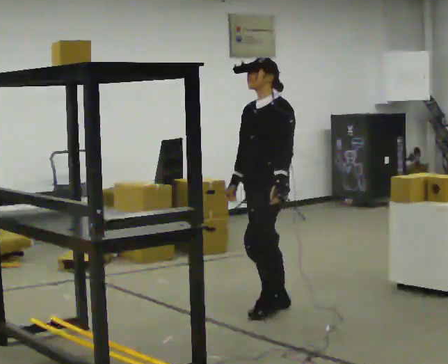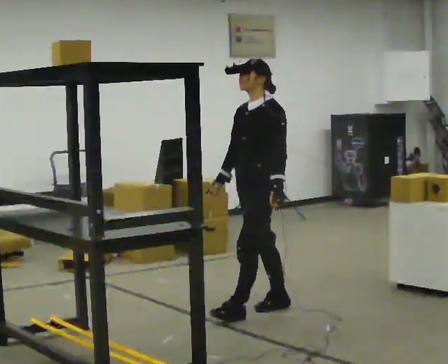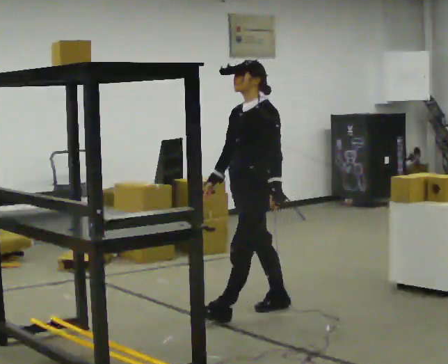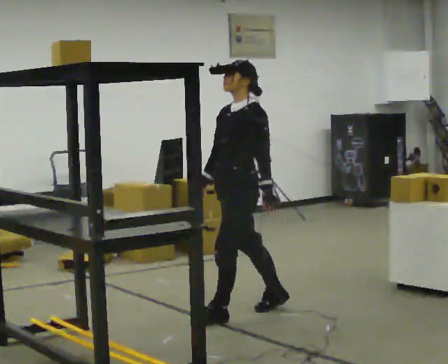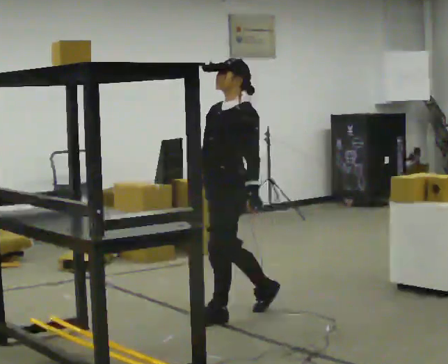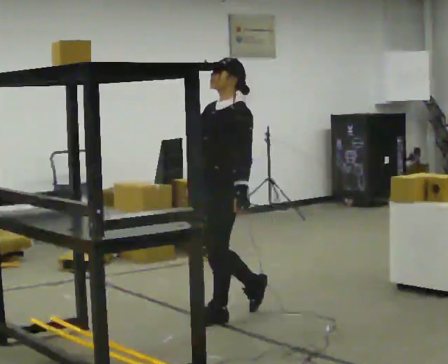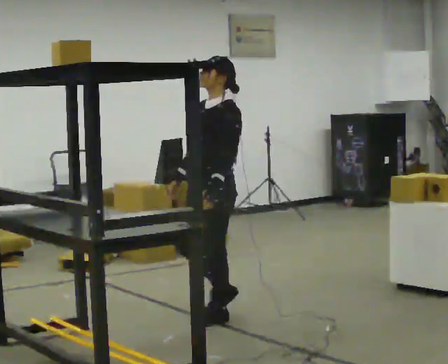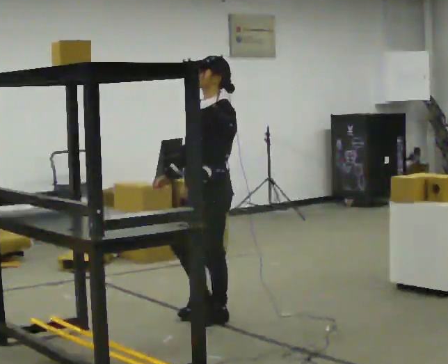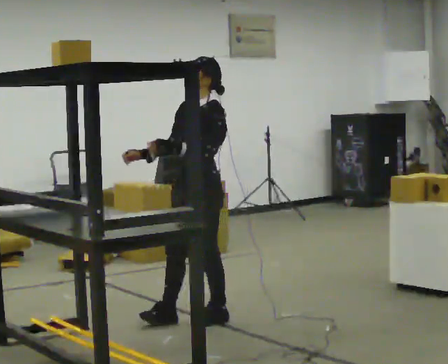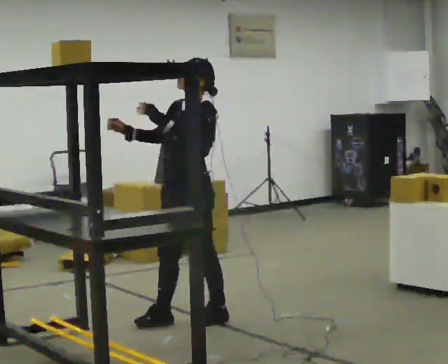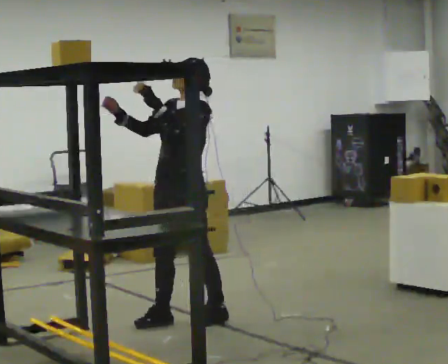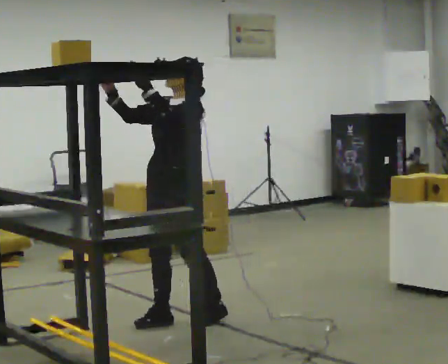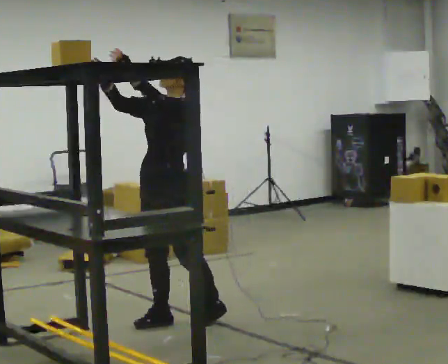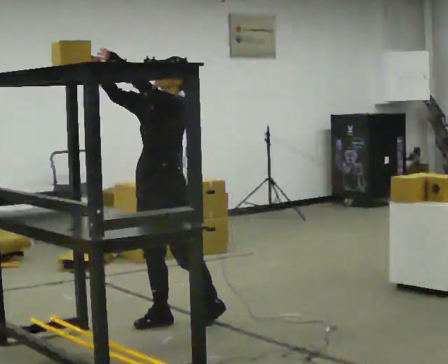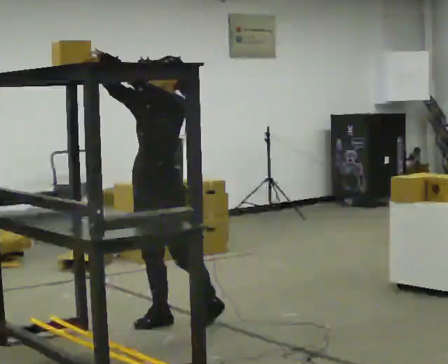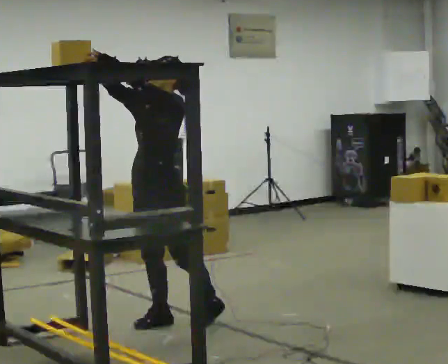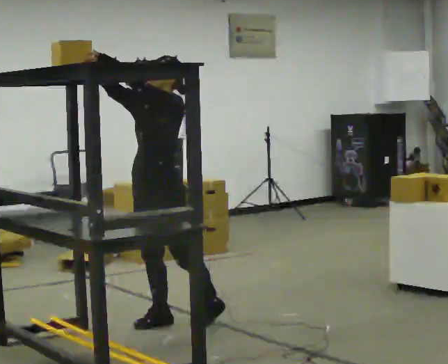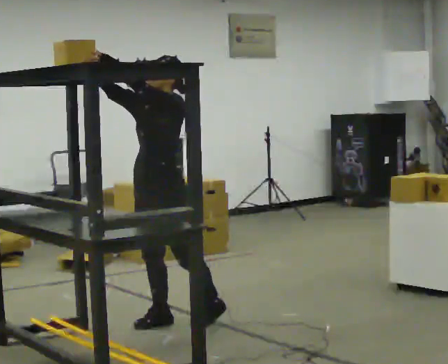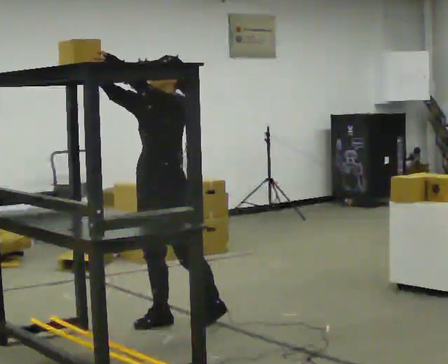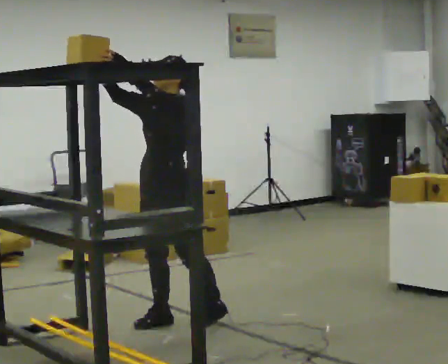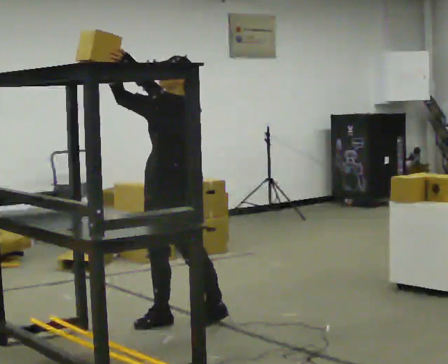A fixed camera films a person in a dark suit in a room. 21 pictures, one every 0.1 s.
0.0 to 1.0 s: In the picture they go to the left and toward the camera, about 0.5 m in 2 steps, which for them is forward. In the picture their left hand goes upward.
1.0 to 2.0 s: The person moves a little, or ends about where they began.
The film runs forward here.
